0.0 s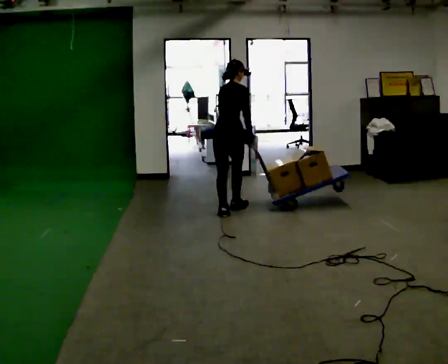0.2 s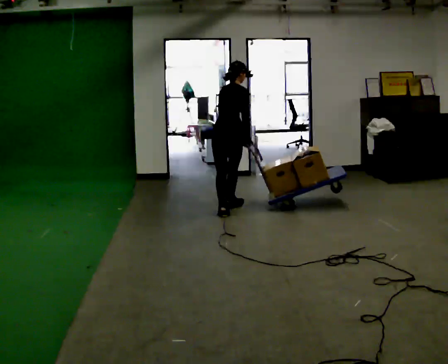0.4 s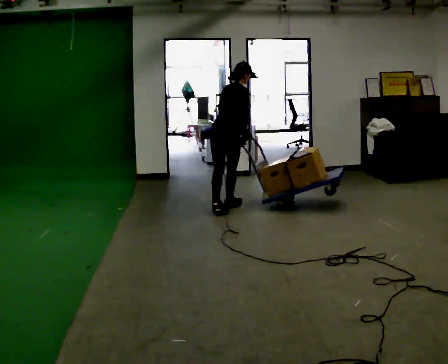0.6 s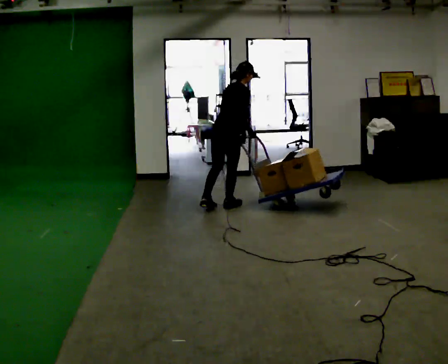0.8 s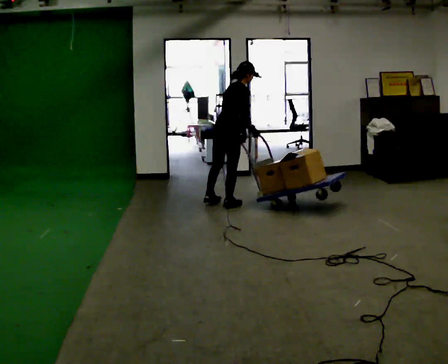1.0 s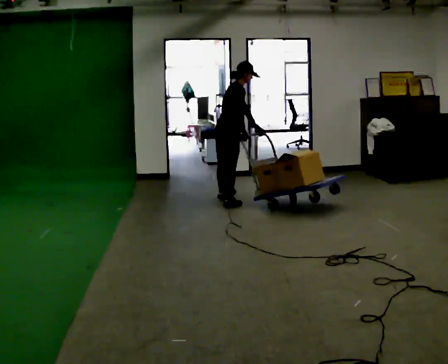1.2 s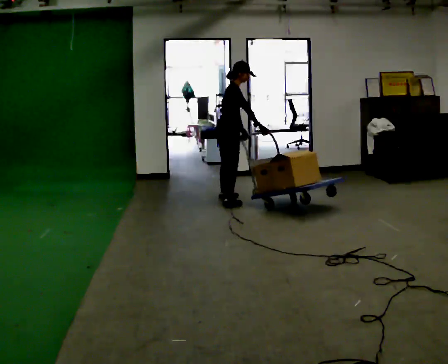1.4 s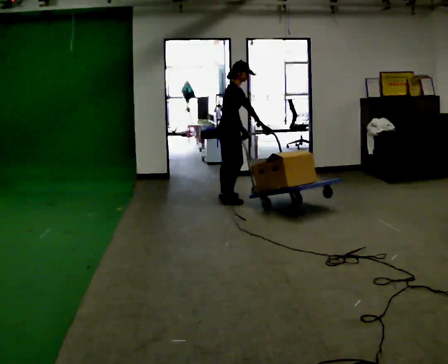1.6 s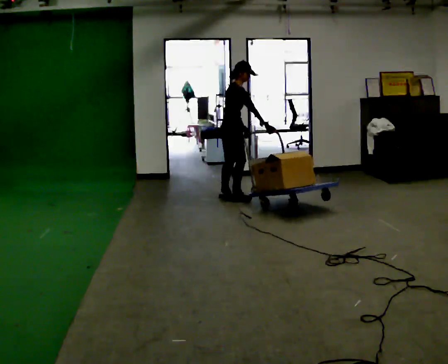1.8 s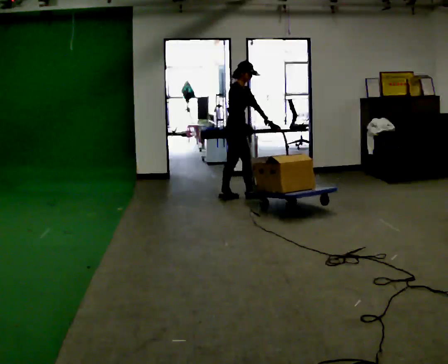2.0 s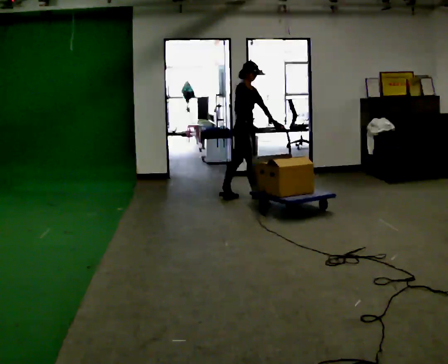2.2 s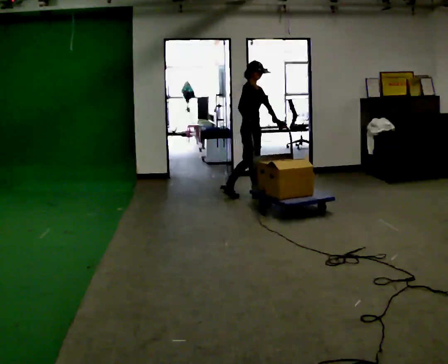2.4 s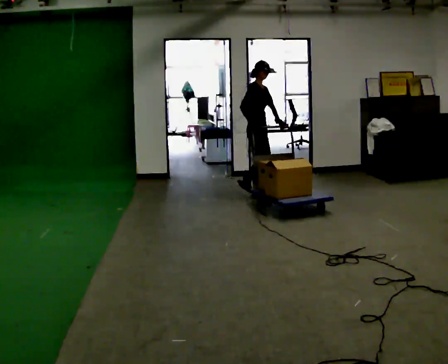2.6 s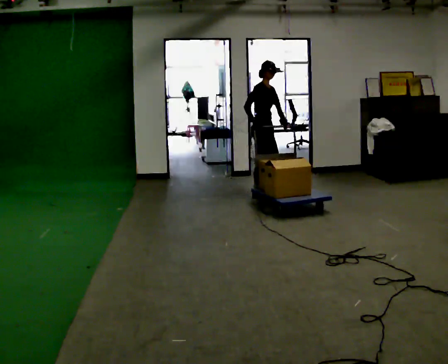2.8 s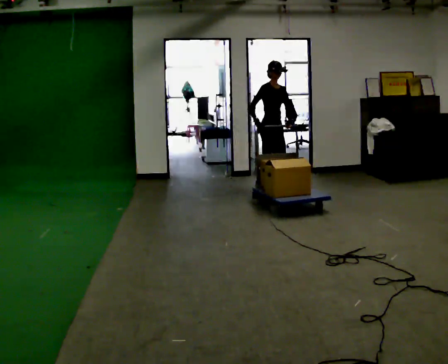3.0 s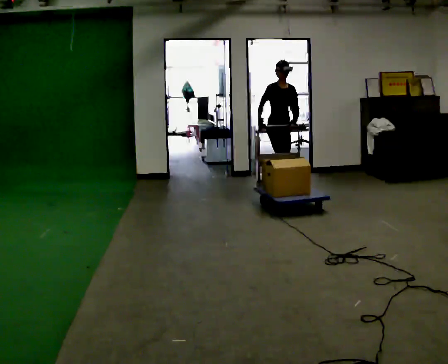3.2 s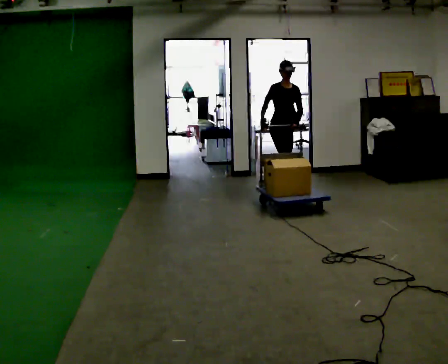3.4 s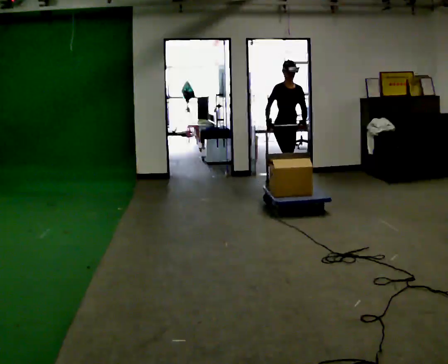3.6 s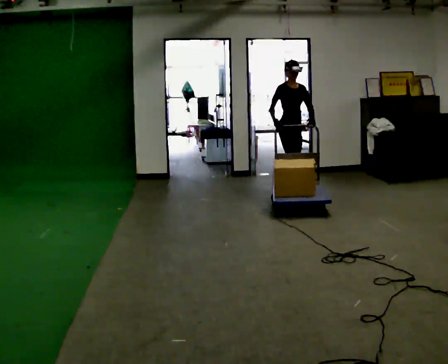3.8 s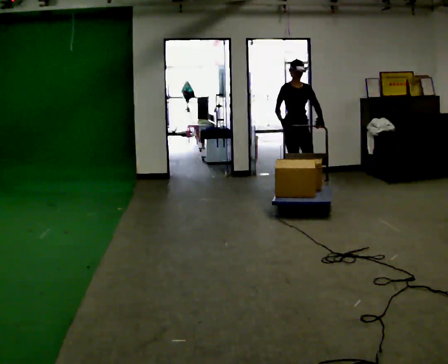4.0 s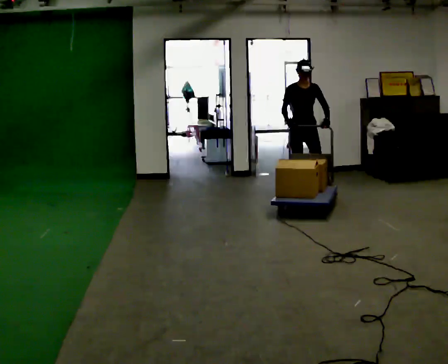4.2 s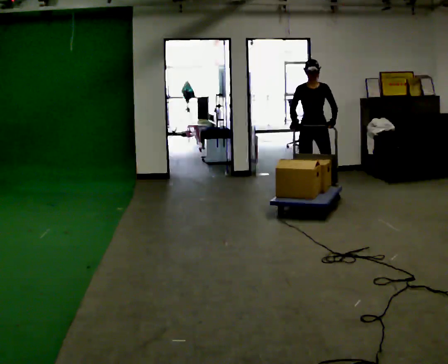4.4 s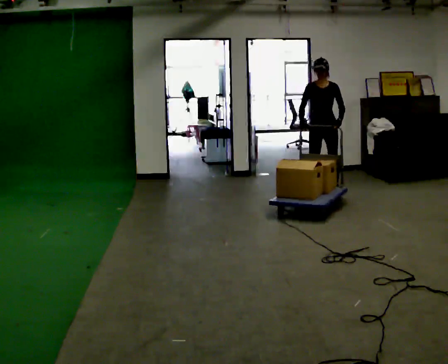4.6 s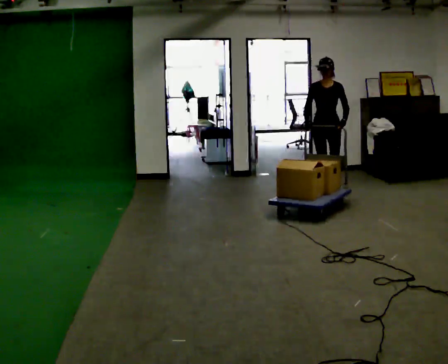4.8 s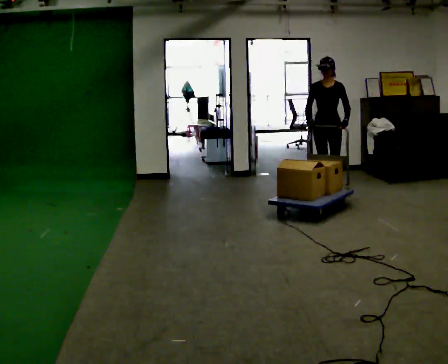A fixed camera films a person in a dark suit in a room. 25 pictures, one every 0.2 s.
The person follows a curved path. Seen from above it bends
clockwise.
The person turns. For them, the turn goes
to their right.
0.0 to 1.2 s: The part of the body nearest the lens slides to the left as the person turns to their right by about 45 degrees. In the picture they go away from the camera, about 0.5 m in 2 steps, which for them is to their left and forward.
1.2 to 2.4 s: The part of the body nearest the lens slides to the left as the person turns to their right by about 30 degrees. In the picture they go to the right and away from the camera, about 0.5 m in 1 step, which for them is forward and to their left.
2.4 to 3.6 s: Seen from above the body turns clockwise, about 45 degrees: to their right, with its near side sliding to the left. In the picture they go to the right, about 0.5 m in 2 steps, which for them is to their left.
3.6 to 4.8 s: The person turns about 45 degrees to their right, clockwise seen from above, so the part of the body nearest the lens slides to the left. In the picture they go to the right and toward the camera, about 0.5 m in 2 steps, which for them is to their left and forward.
The film runs forward here.
